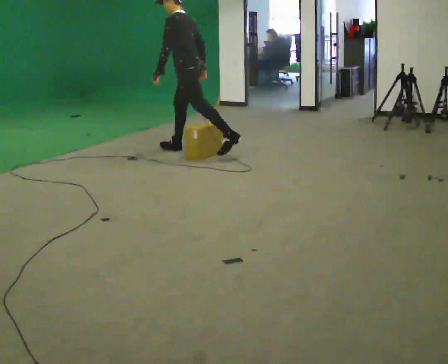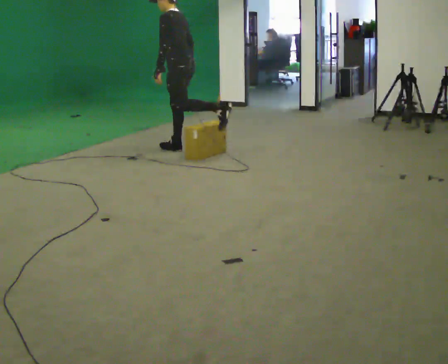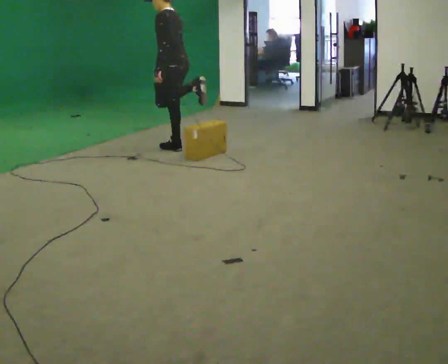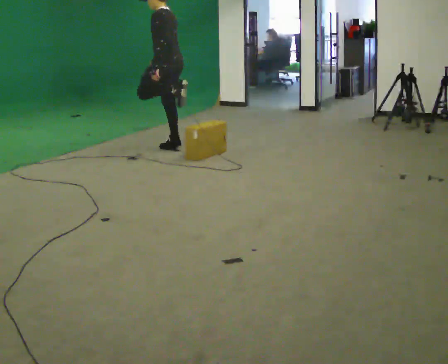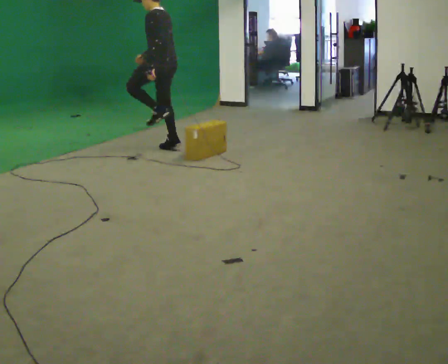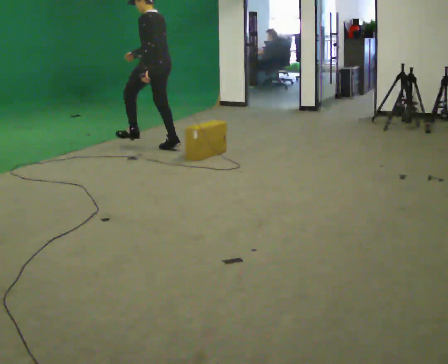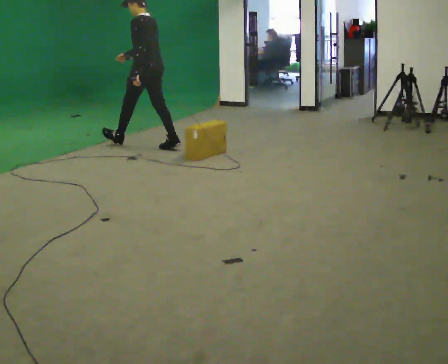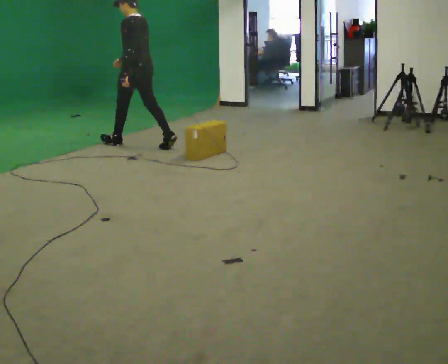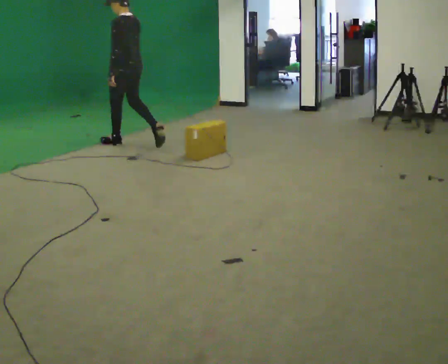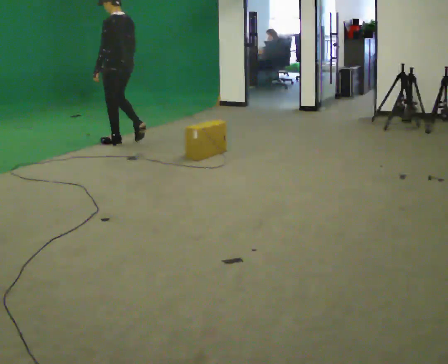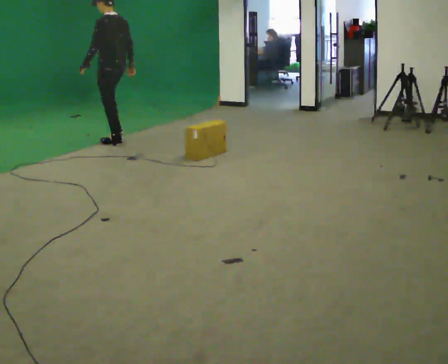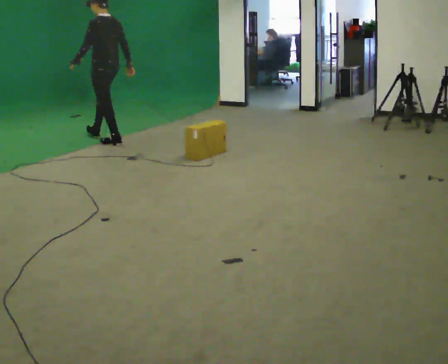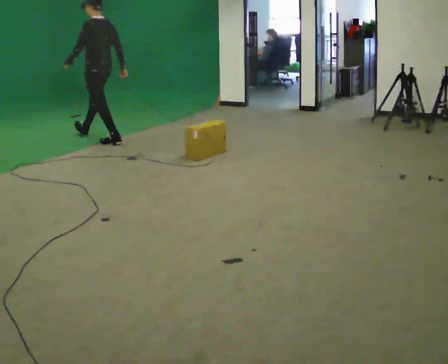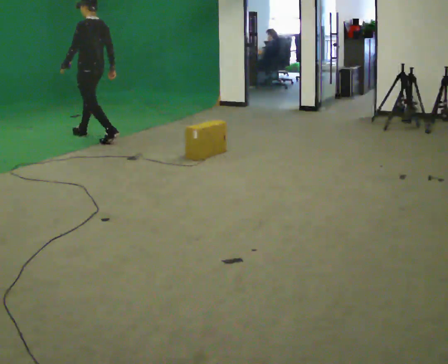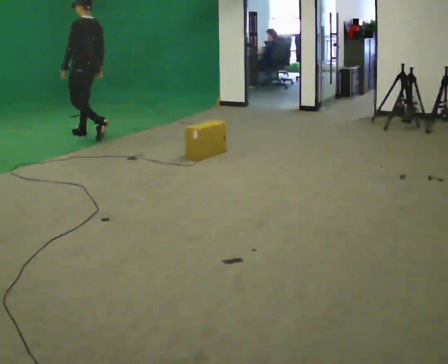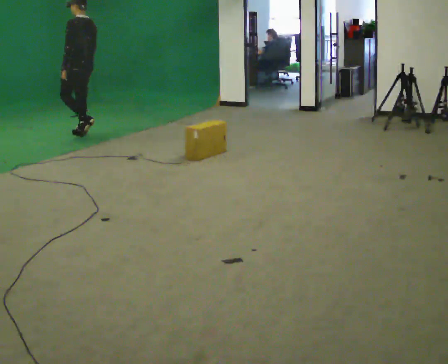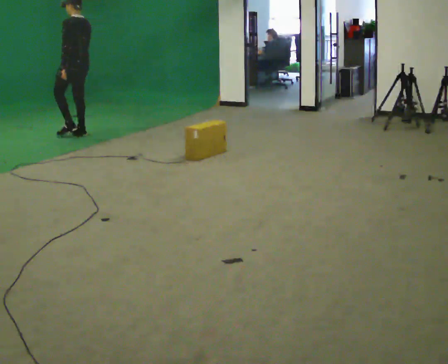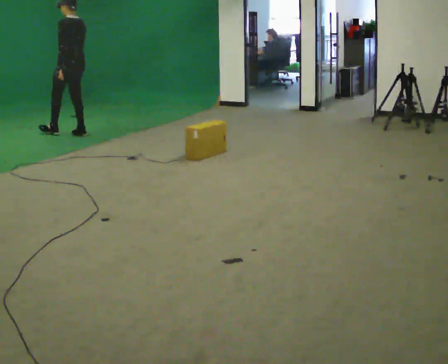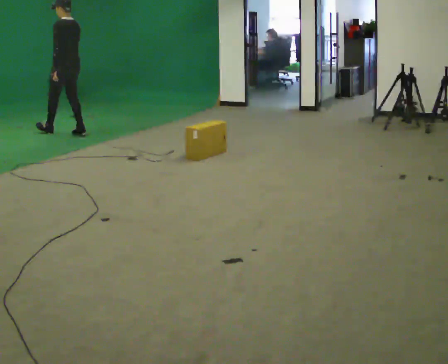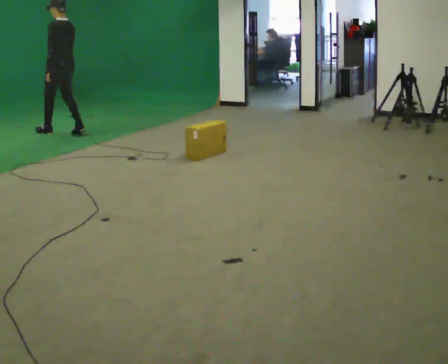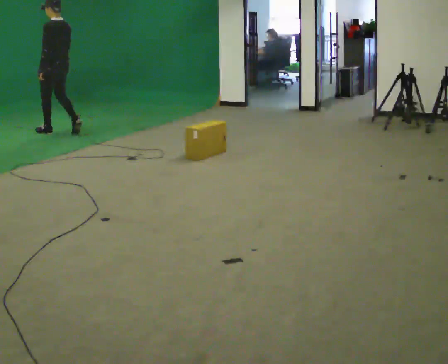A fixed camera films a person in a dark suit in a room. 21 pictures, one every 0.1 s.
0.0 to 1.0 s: In the picture they go to the left and away from the camera, about 1 m in 1 step, which for them is forward.
1.0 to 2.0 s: In the picture they go to the left and away from the camera, about 1 m in 2 steps, which for them is forward.
The film runs forward here.
